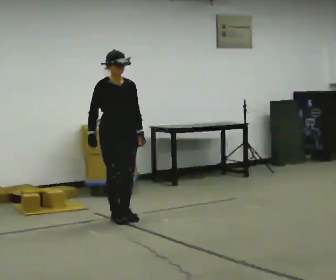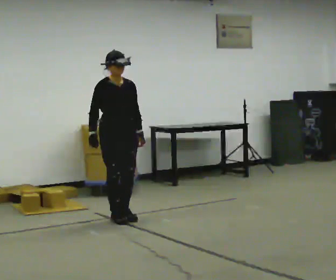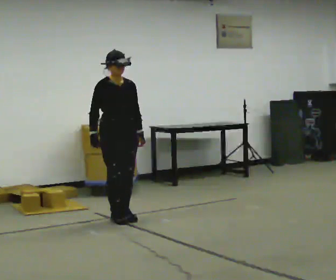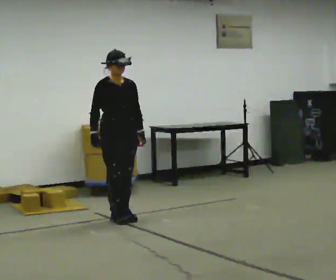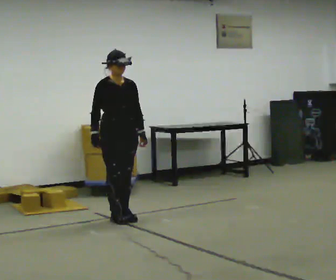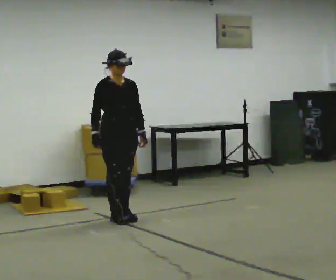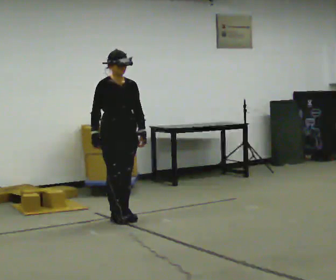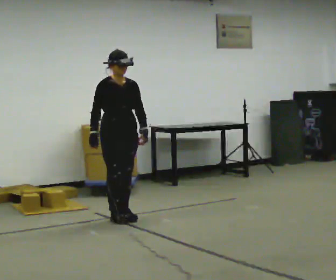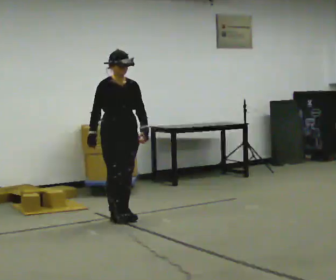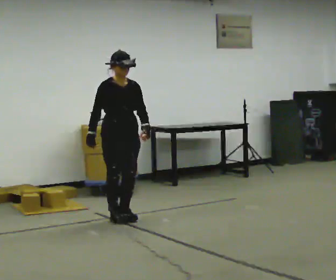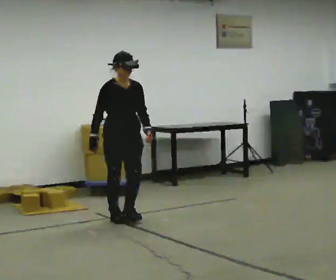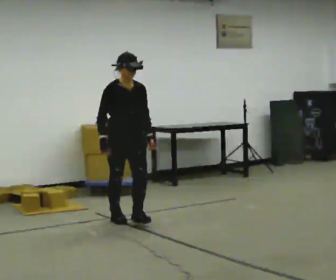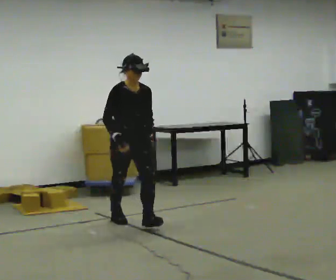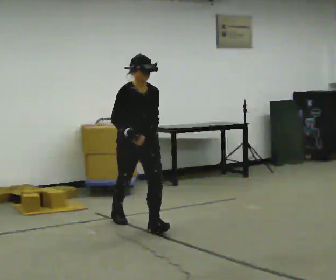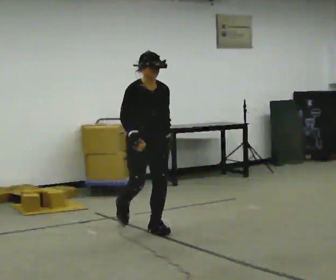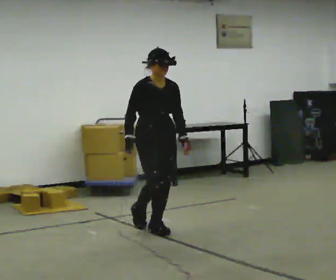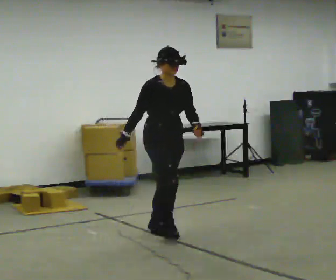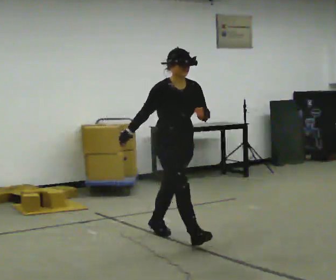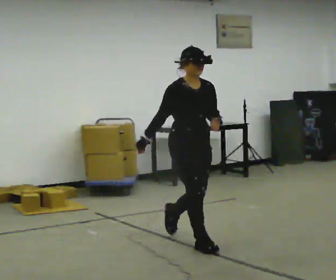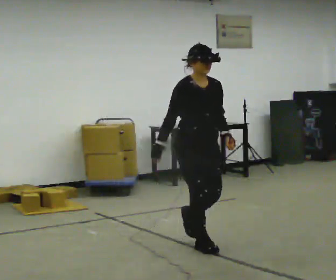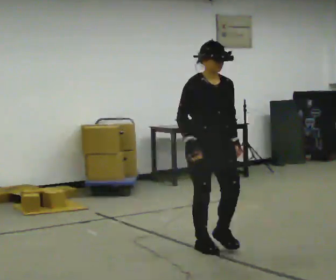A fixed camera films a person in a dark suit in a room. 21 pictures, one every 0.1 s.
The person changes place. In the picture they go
toward the camera.
0.0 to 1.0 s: The person moves a little, or ends about where they began.
1.0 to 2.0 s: In the picture they go toward the camera and to the right, about 1.5 m in 2 steps, which for them is forward.
The film runs forward here.
